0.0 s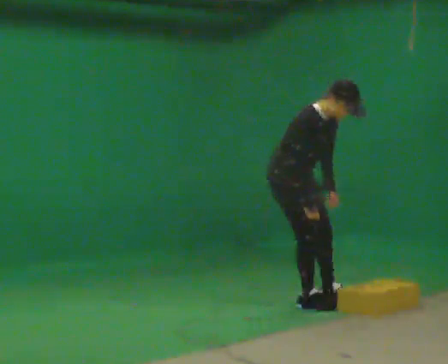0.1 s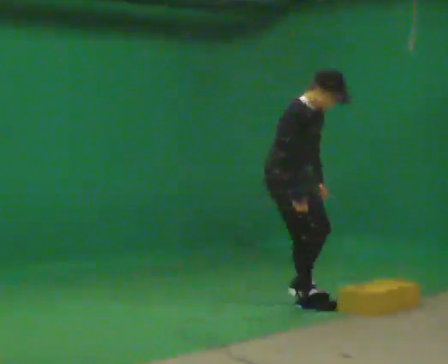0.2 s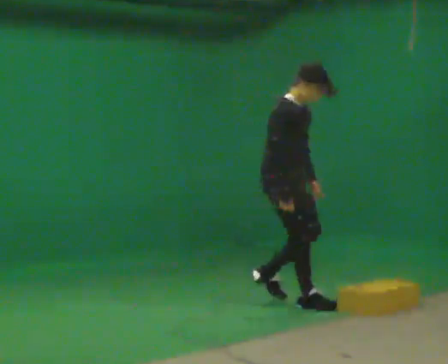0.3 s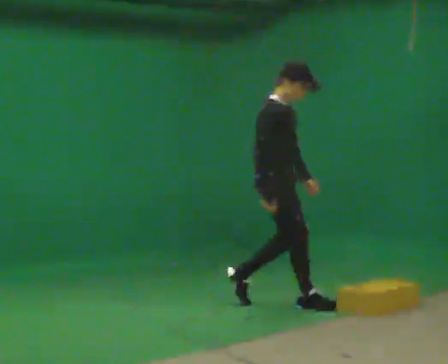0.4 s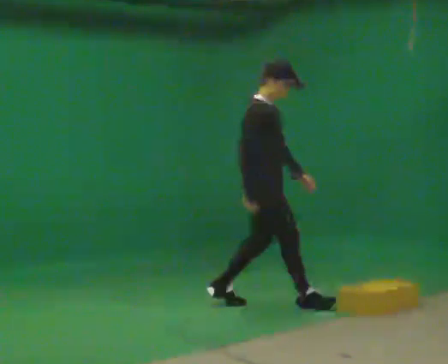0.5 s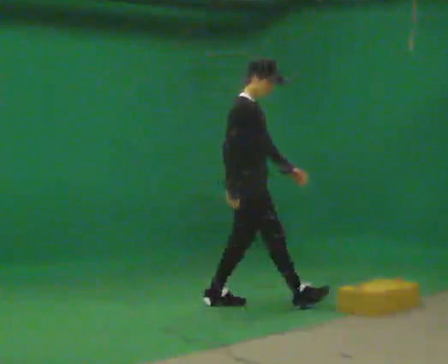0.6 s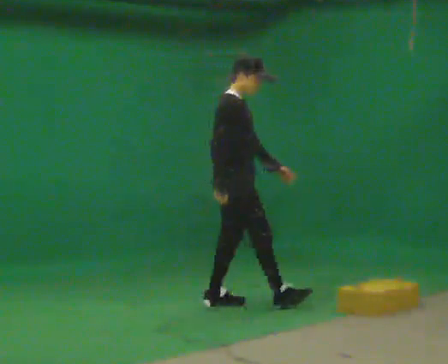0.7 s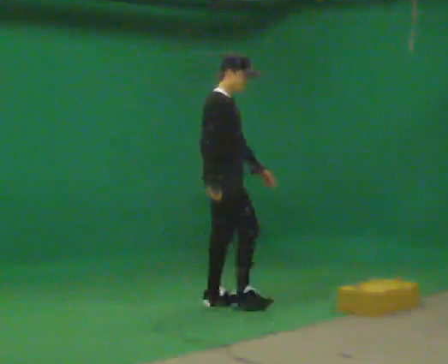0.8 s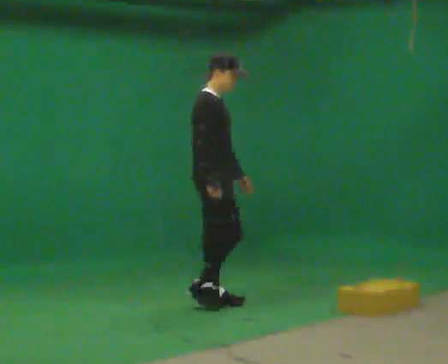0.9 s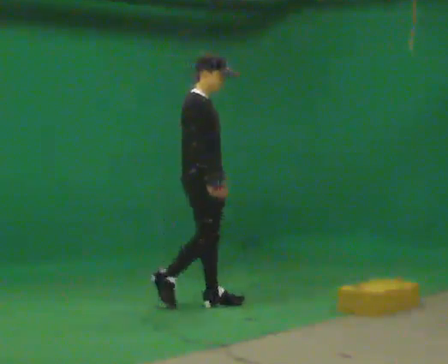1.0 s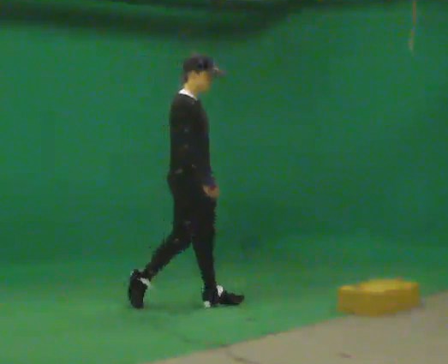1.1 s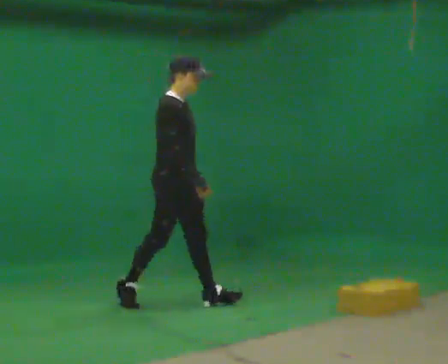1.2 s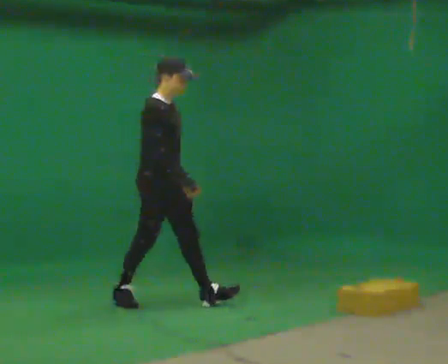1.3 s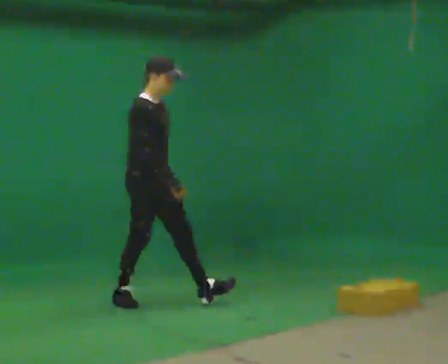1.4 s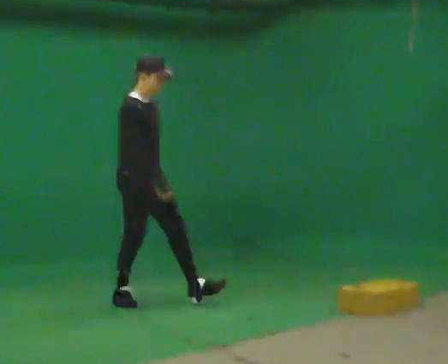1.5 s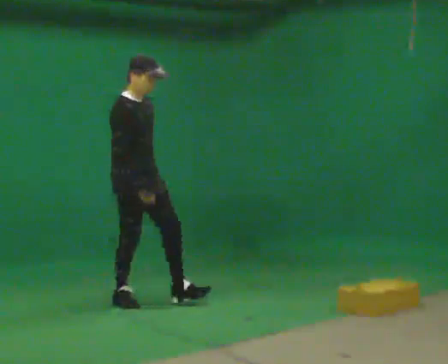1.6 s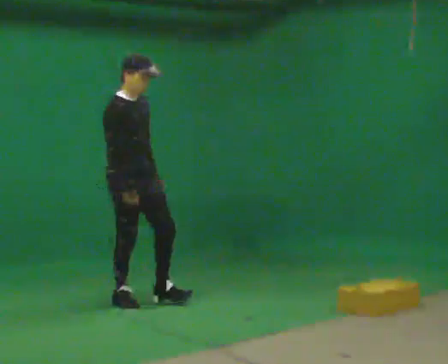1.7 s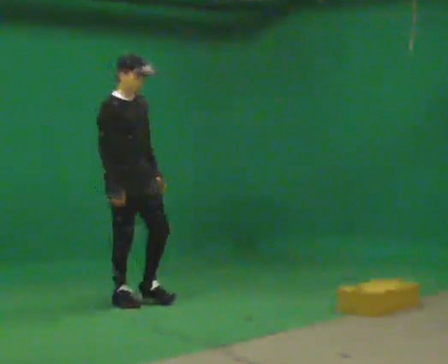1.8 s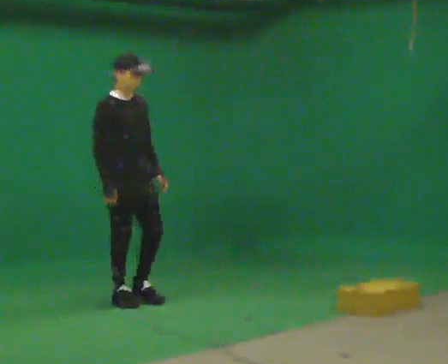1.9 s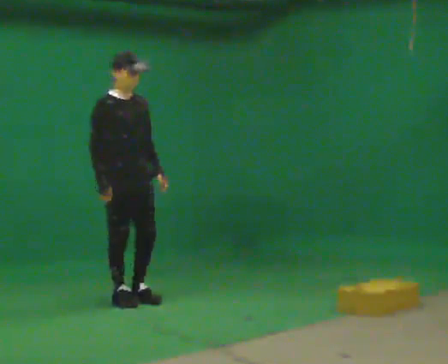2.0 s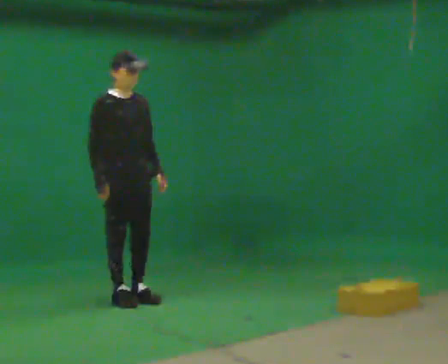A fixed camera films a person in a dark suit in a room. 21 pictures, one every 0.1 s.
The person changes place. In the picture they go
to the left.
The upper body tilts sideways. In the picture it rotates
counterclockwise.
0.0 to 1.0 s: In the picture they go to the left, about 0.75 m in 1 step, which for them is backward. In the picture the upper body tilts counterclockwise, shoulders to the left, as they lean back or straighten.
1.0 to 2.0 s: Seen from above the body turns clockwise, about 30 degrees: to their right, with its near side sliding to the left. In the picture they go to the left, about 0.5 m in 1 step, which for them is backward.
The film runs backward here.
